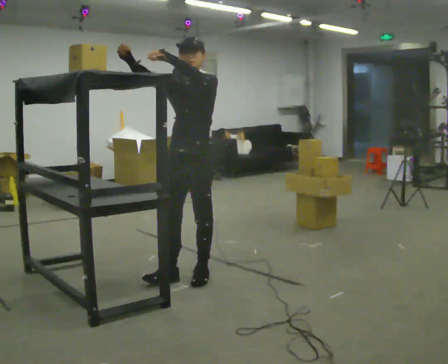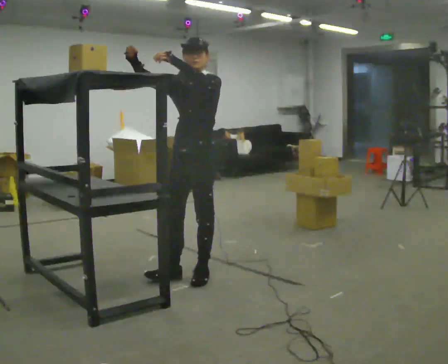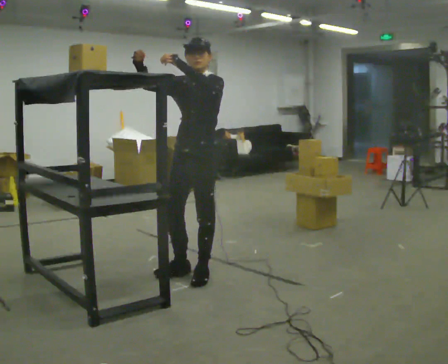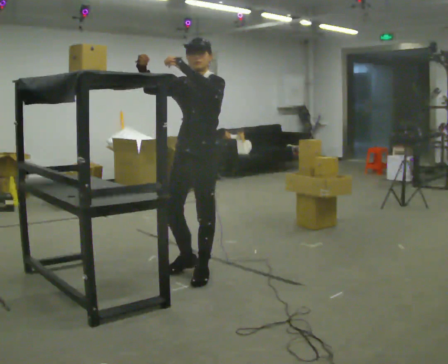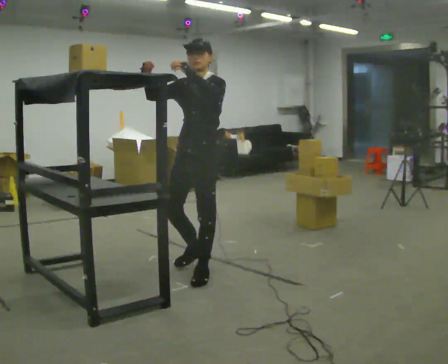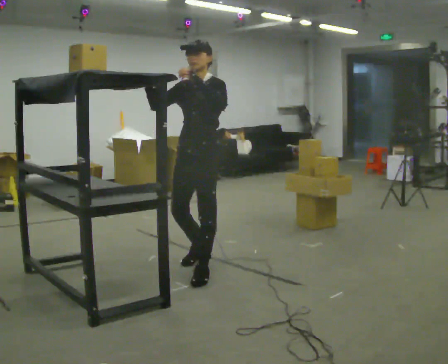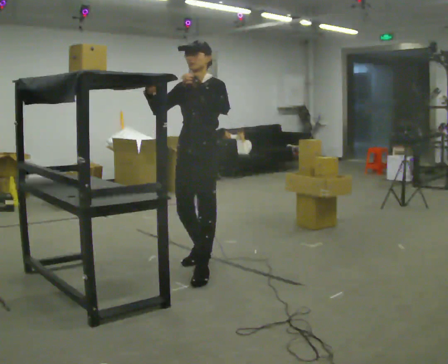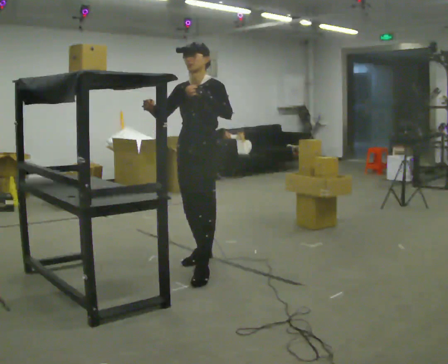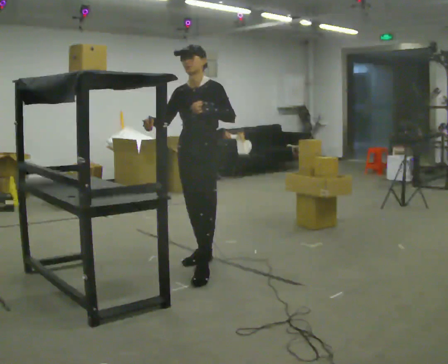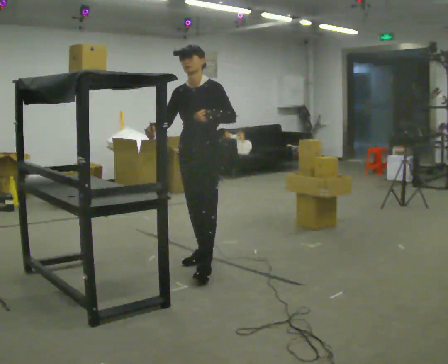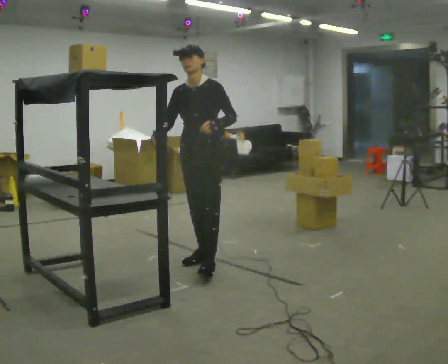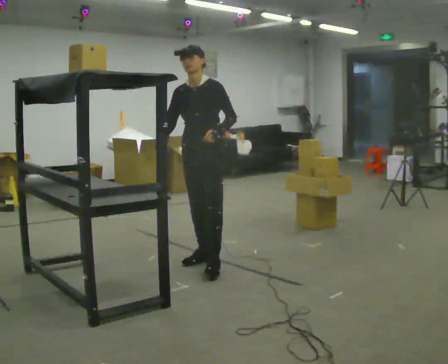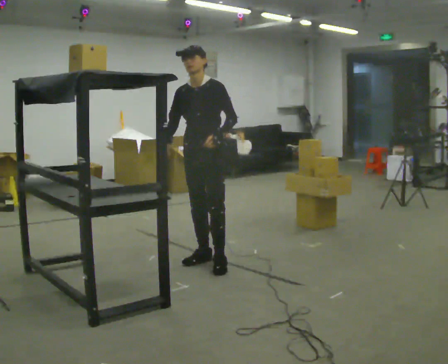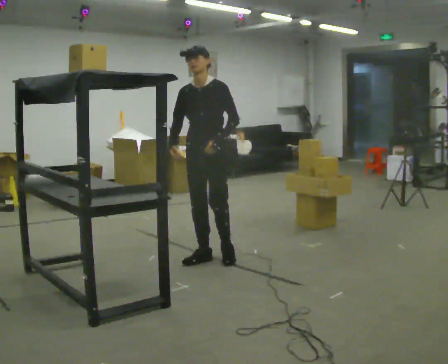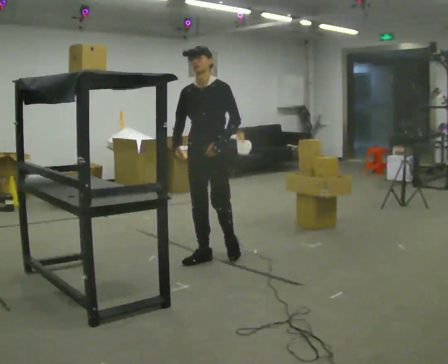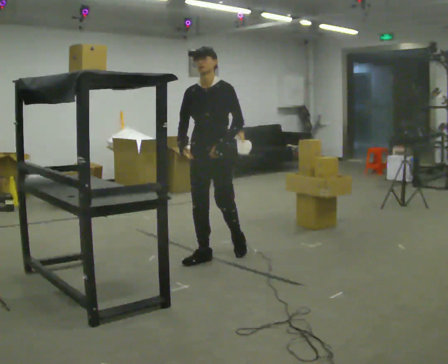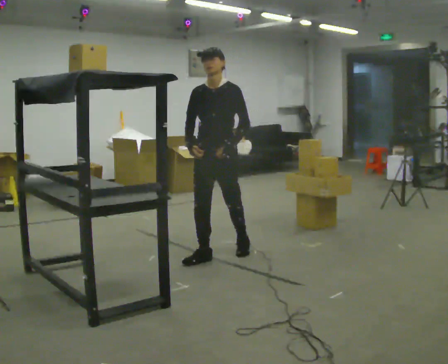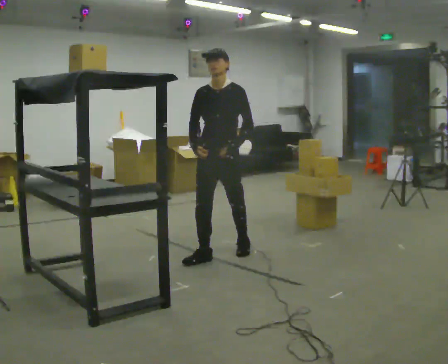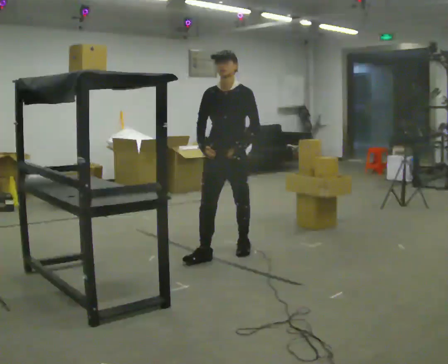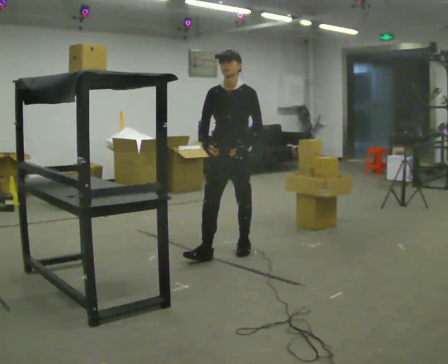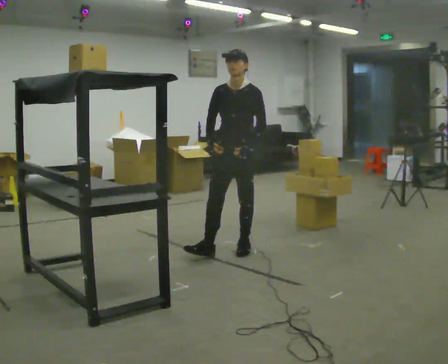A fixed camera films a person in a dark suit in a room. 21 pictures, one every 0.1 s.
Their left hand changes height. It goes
downward.
Their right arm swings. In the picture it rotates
counterclockwise.
0.0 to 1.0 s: In the picture they go away from the camera, about 0.25 m in 2 steps, which for them is backward and to their right. In the picture their right hand goes downward, the arm swinging counterclockwise.
1.0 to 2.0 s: In the picture they go away from the camera and to the right, about 0.5 m in 1 step, which for them is backward.
The film runs backward here.
